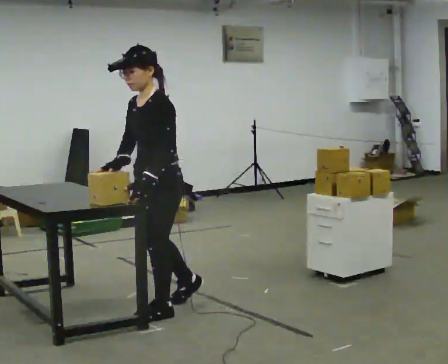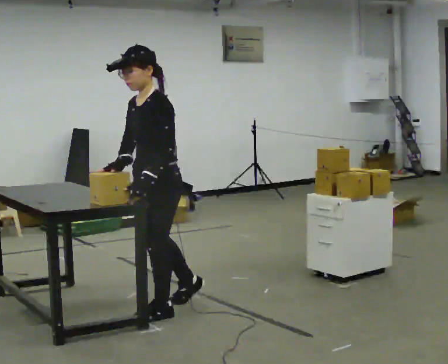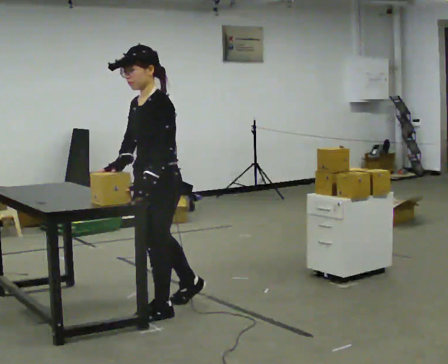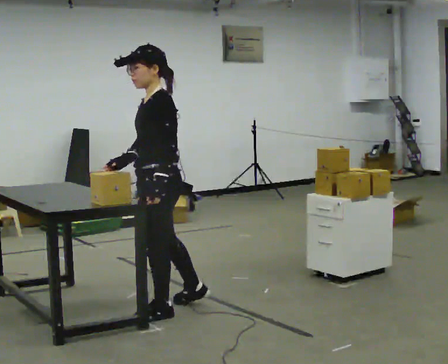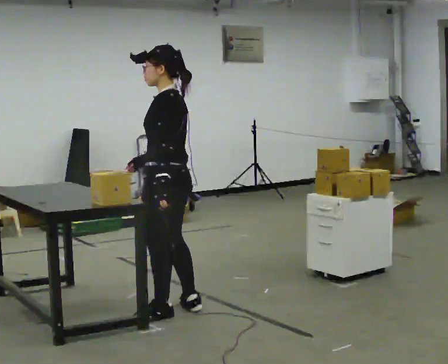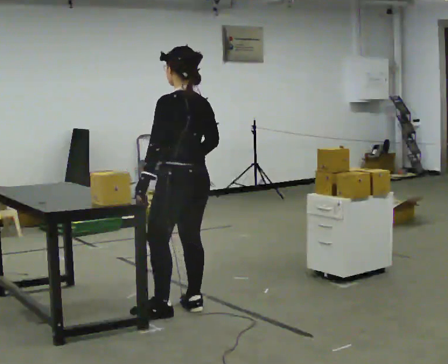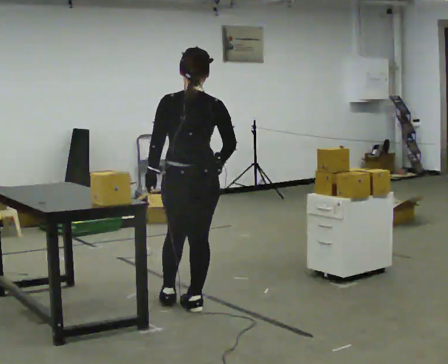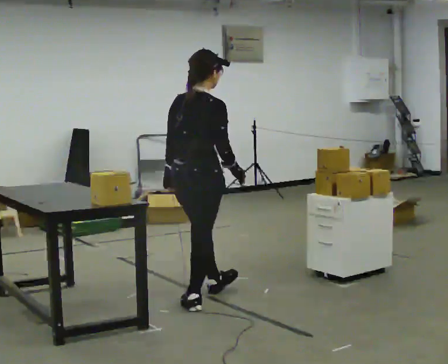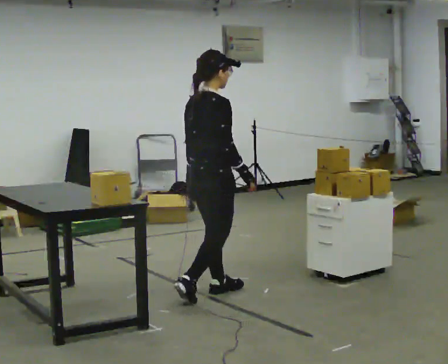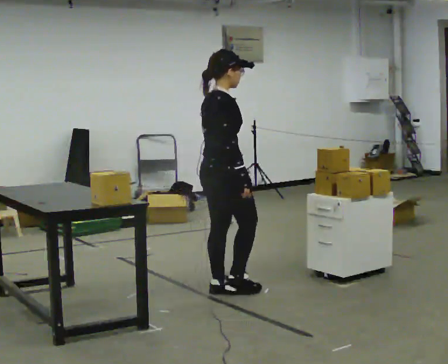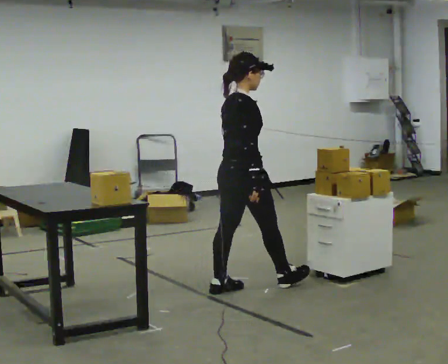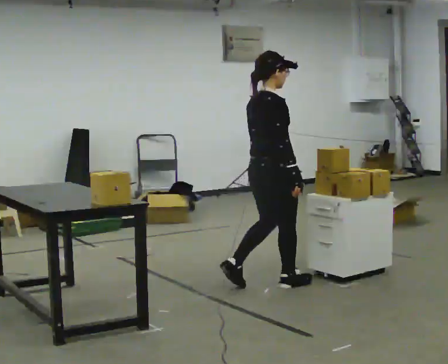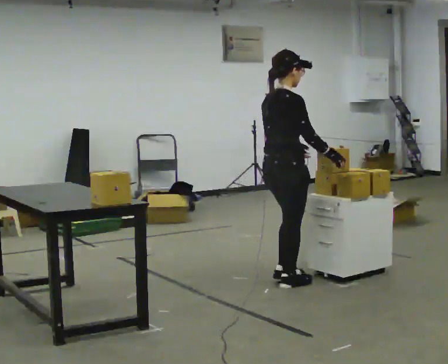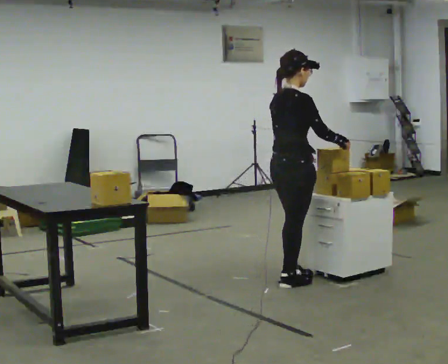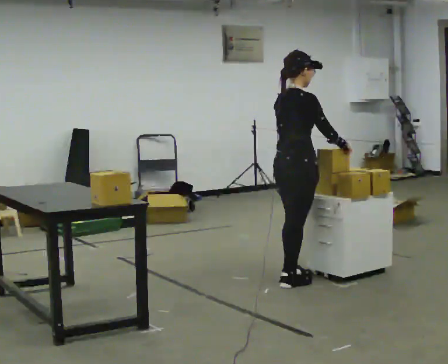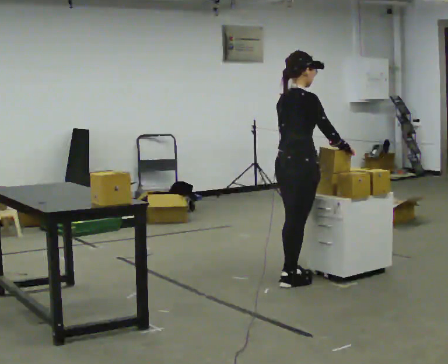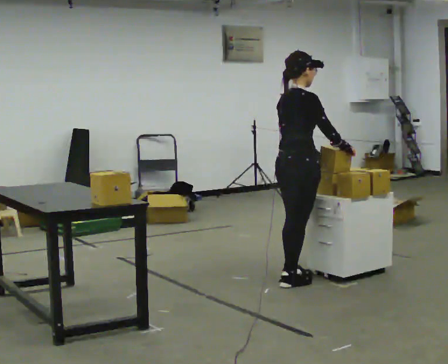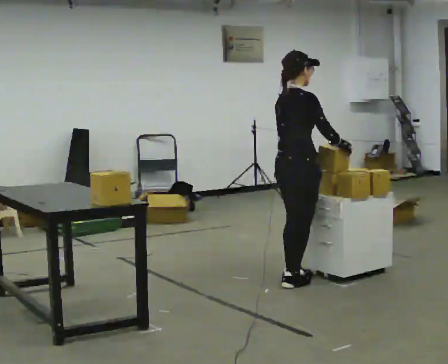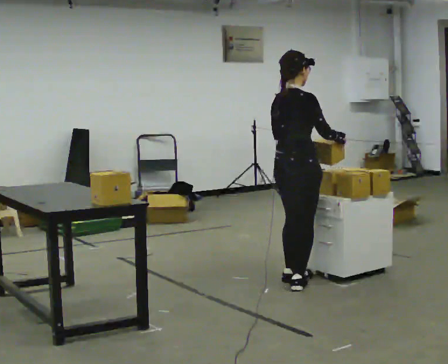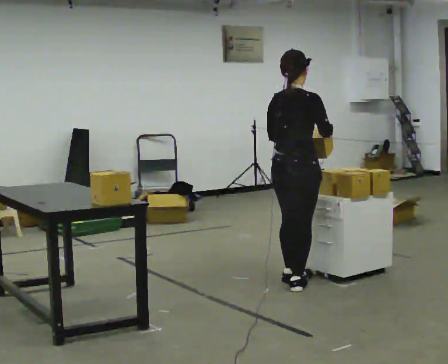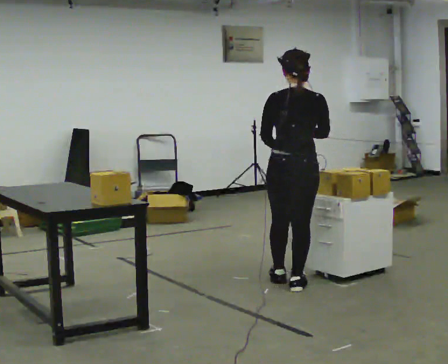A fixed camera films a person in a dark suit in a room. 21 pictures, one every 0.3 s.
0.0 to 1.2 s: Seen from above the body turns clockwise, about 45 degrees: to their right, with its near side sliding to the left.
1.2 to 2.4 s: The part of the body nearest the lens slides to the left as the person turns to their right by about 135 degrees. In the picture they go away from the camera and to the right, about 0.5 m in 1 step.
2.4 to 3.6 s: In the picture they go to the right and away from the camera, about 0.5 m in 1 step, which for them is forward.
3.6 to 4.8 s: The person moves a little, or ends about where they began.
4.8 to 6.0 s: Seen from above the body turns counterclockwise, about 60 degrees: to their left, with its near side sliding to the right. In the picture they go toward the camera, about 0.25 m, which for them is to their right and backward.
The film runs forward here.
